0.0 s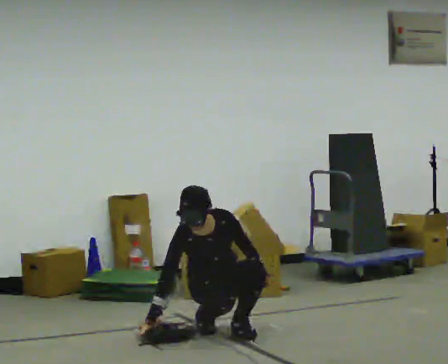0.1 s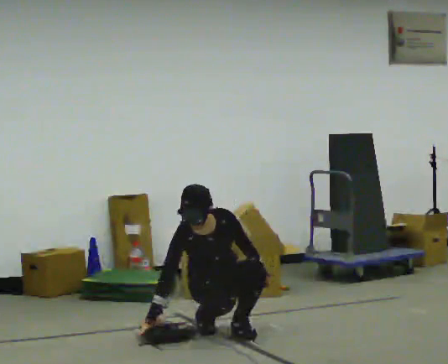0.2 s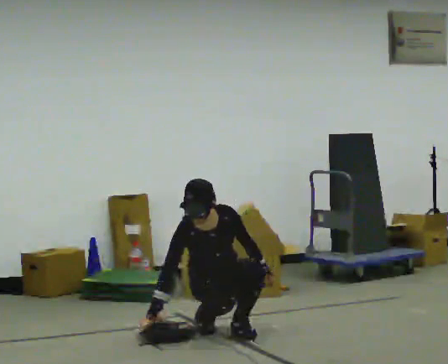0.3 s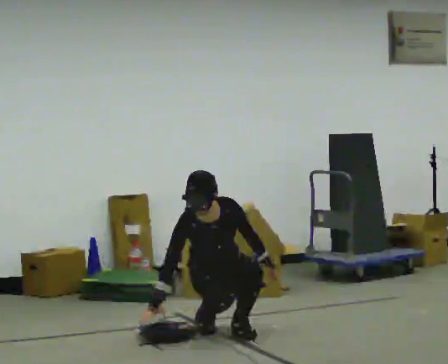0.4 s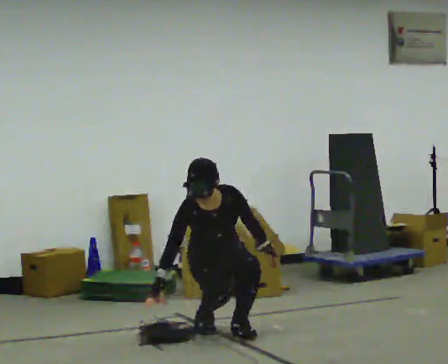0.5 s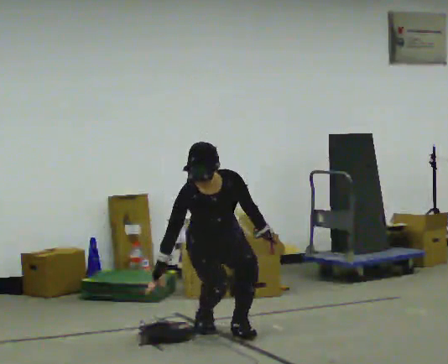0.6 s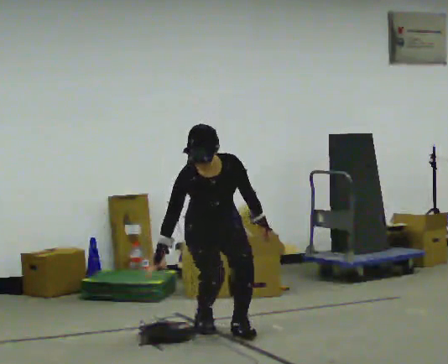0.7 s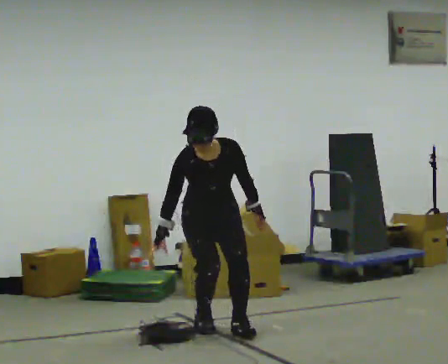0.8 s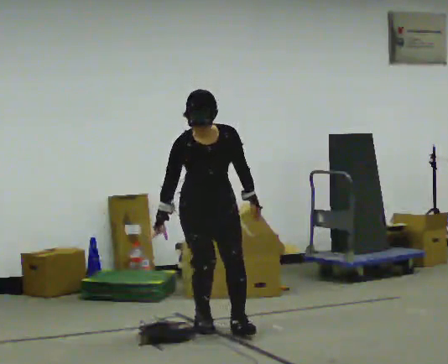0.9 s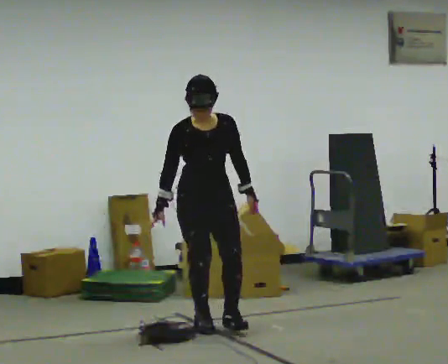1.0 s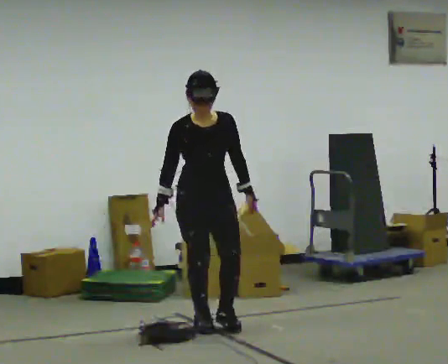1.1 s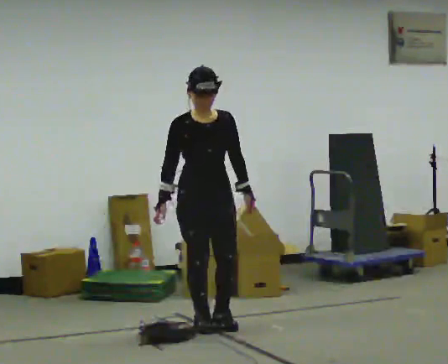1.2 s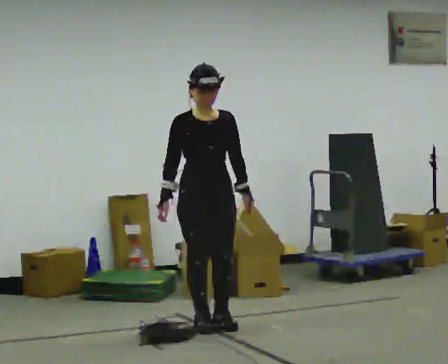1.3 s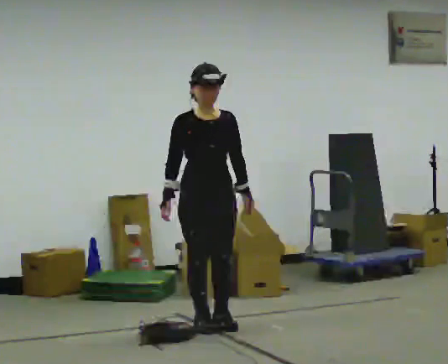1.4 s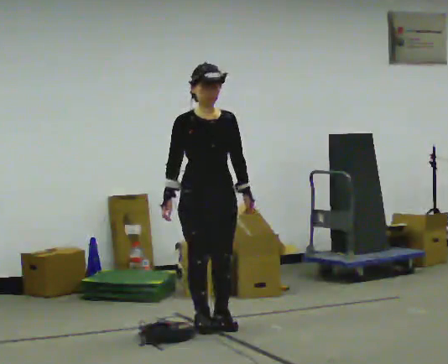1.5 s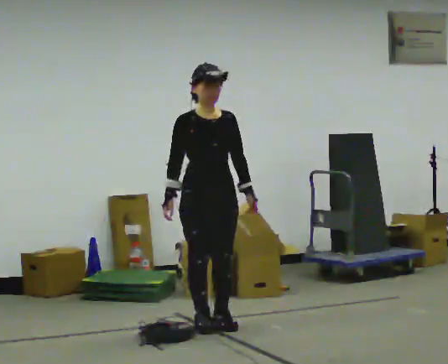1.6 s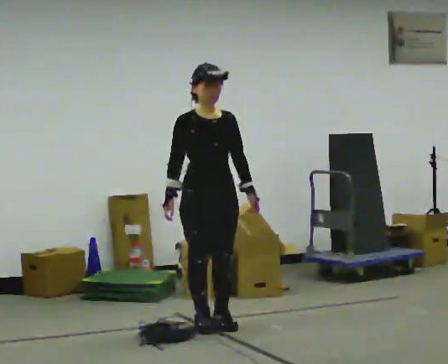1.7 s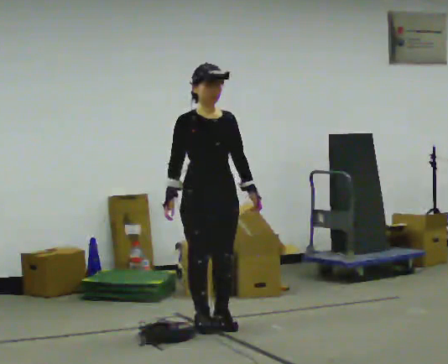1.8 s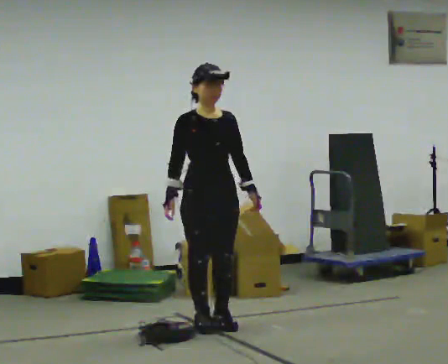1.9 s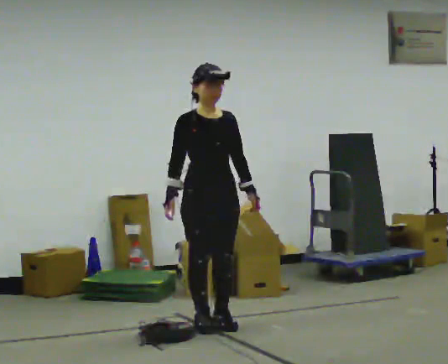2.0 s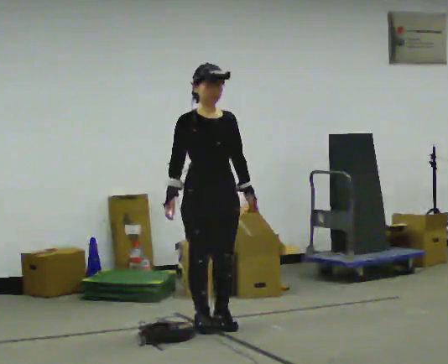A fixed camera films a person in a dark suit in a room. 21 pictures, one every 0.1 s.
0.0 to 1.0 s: The shoulders move upward. The upper body tips away from the camera, its near side rolling upward. In the picture their left hand goes upward.
1.0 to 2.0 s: The person moves a little, or ends about where they began.
The film runs backward here.
